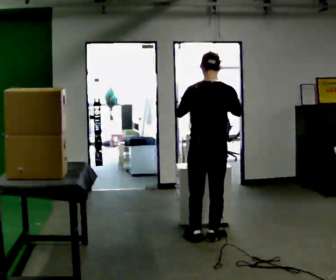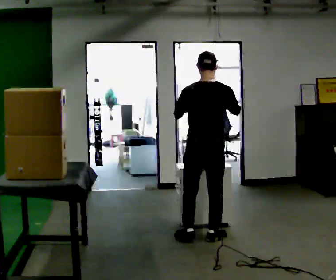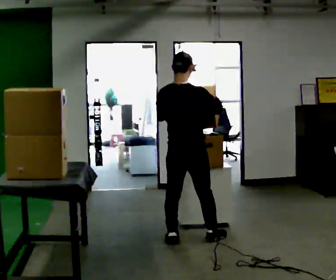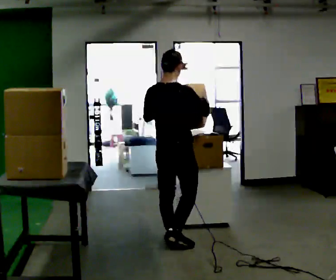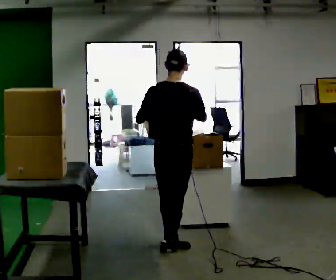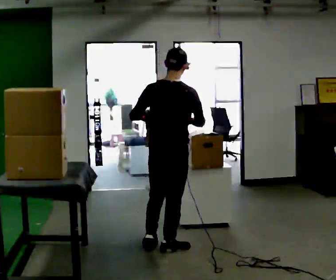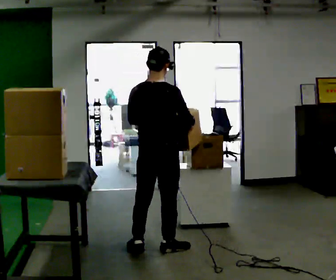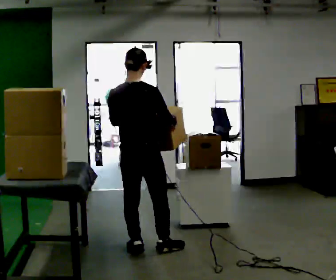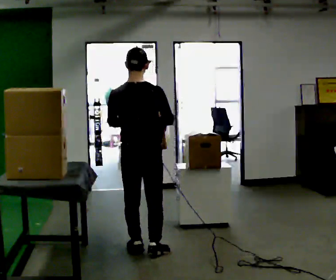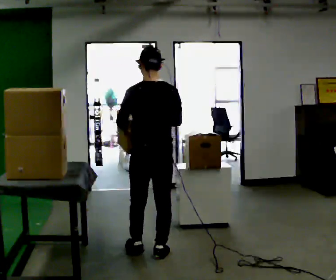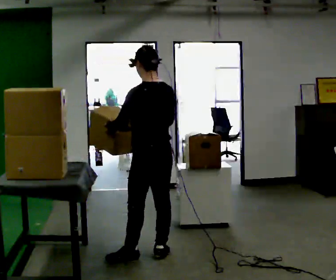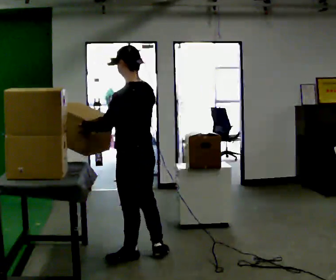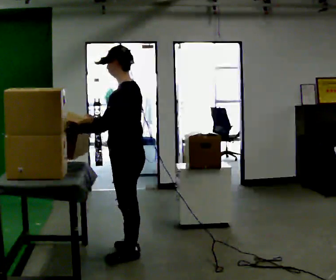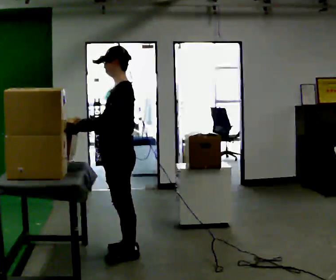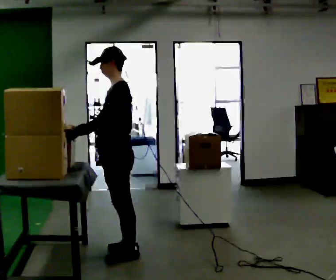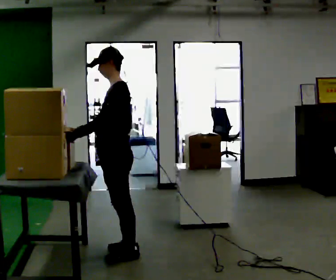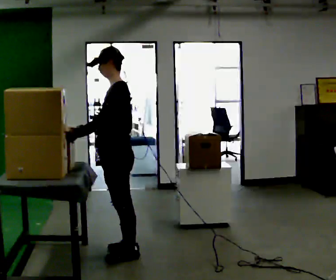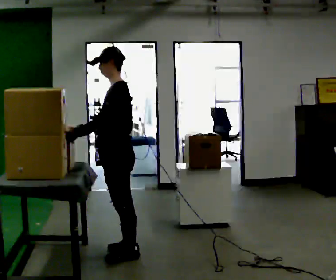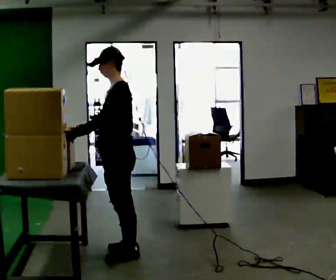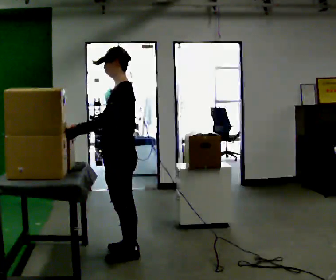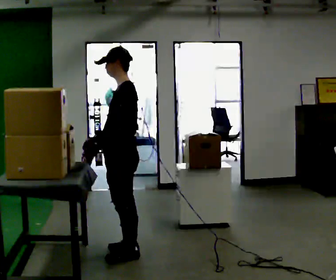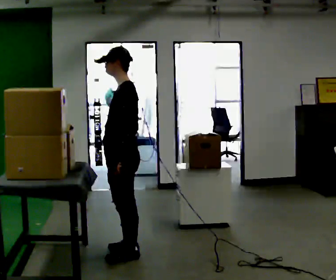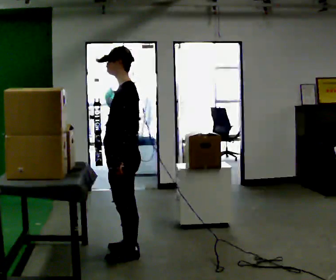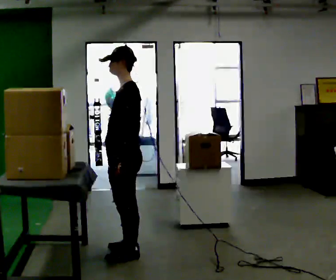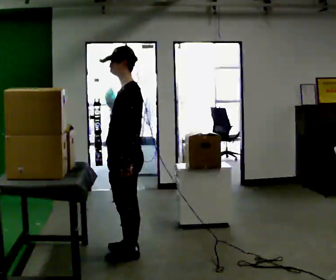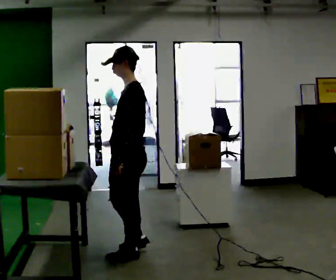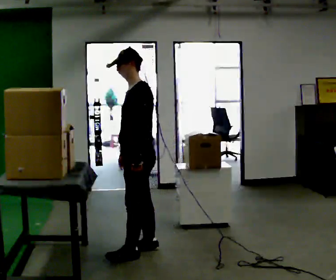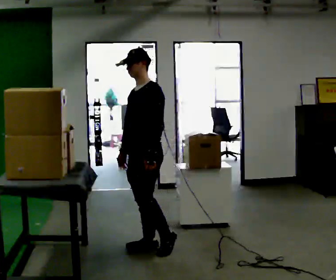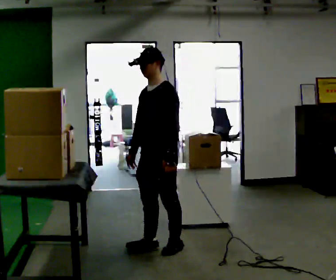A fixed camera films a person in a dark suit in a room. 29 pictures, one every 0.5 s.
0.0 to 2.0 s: In the picture they go to the left and toward the camera, about 0.5 m in 2 steps, which for them is backward and to their left.
2.0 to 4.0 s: In the picture they go to the left, about 0.25 m in 2 steps, which for them is to their left and backward.
4.0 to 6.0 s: The person turns about 90 degrees to their left, counterclockwise seen from above, so the part of the body nearest the lens slides to the right. In the picture they go toward the camera, about 0.25 m in 2 steps. In the picture their right hand goes to the left.
6.0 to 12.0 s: In the picture their left hand goes to the right.
12.0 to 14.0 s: The person turns about 30 degrees to their left, counterclockwise seen from above, so the part of the body nearest the lens slides to the right. In the picture they go to the right and away from the camera, about 0.25 m in 2 steps, which for them is backward.
The film runs backward here.
